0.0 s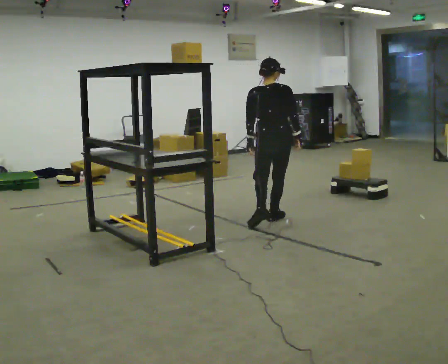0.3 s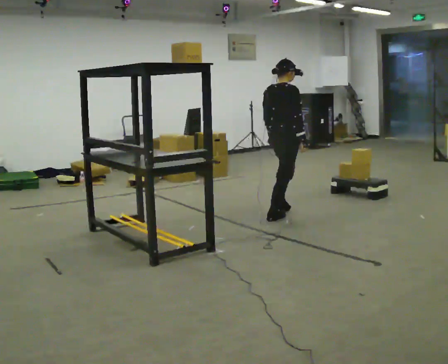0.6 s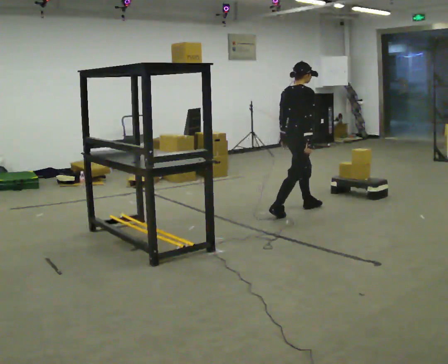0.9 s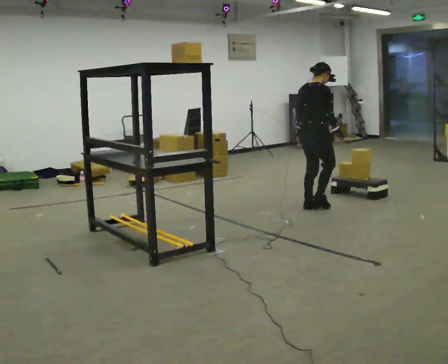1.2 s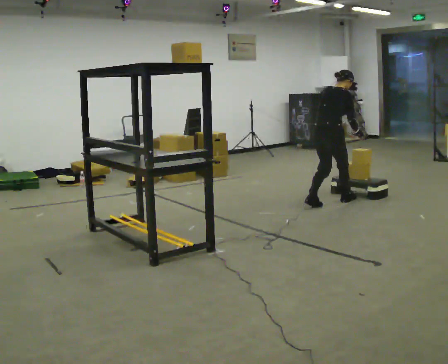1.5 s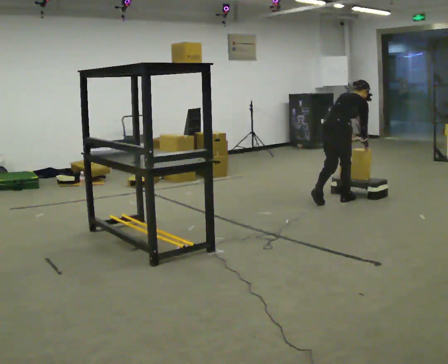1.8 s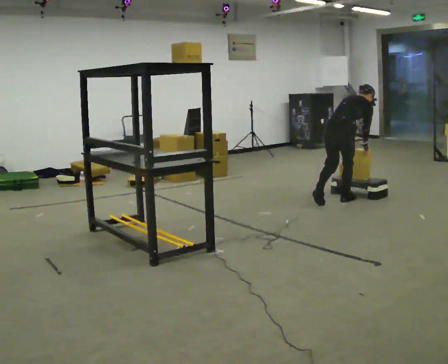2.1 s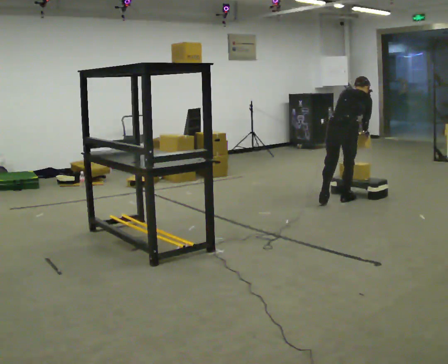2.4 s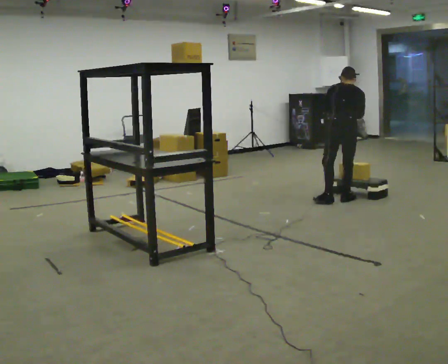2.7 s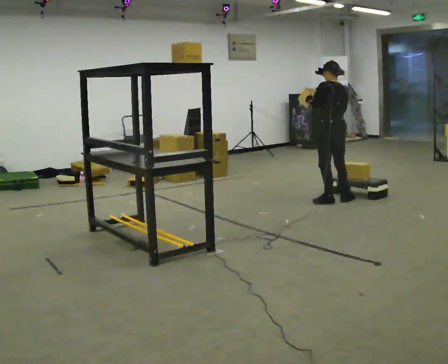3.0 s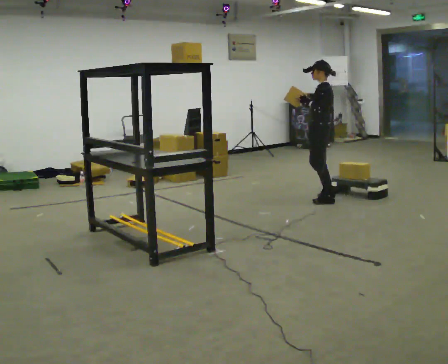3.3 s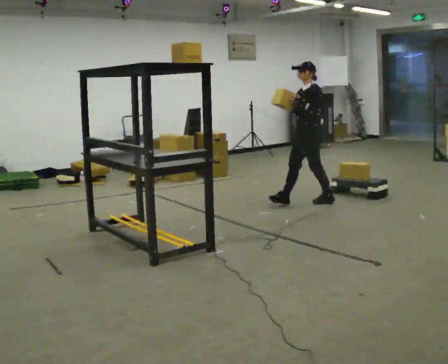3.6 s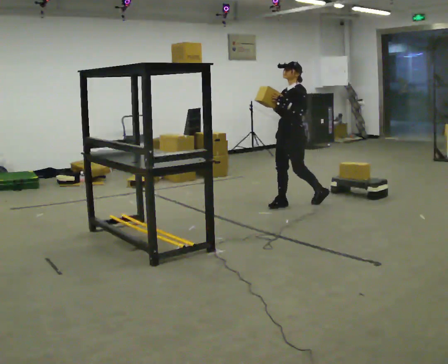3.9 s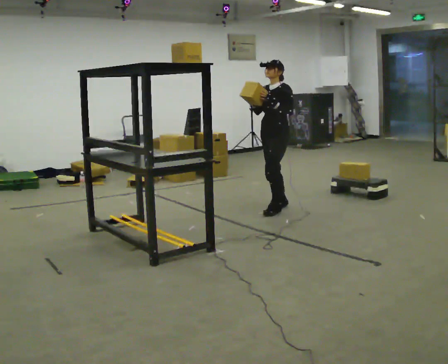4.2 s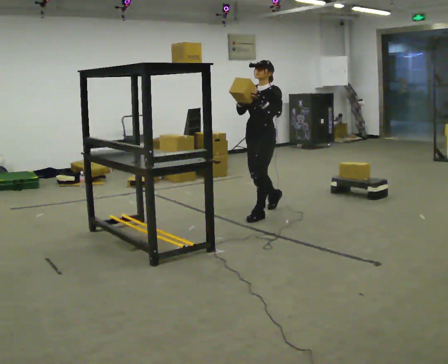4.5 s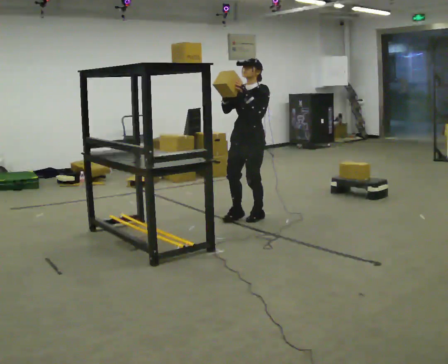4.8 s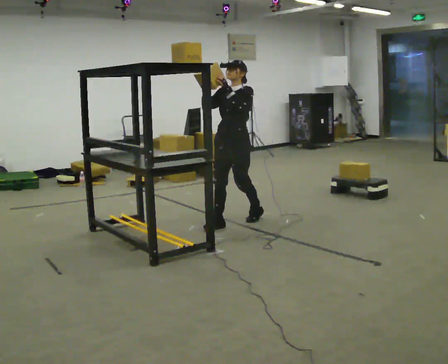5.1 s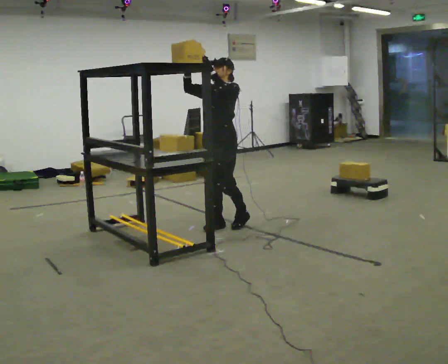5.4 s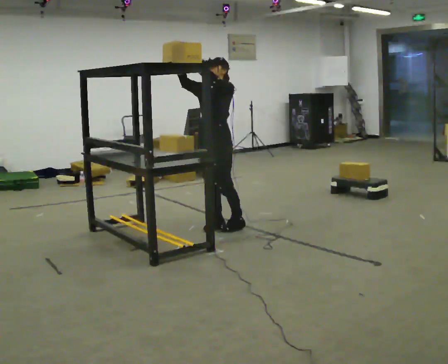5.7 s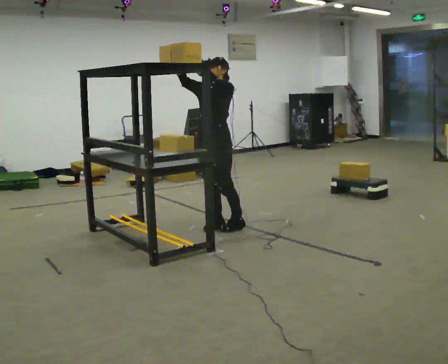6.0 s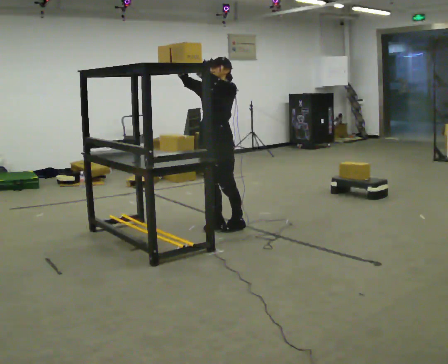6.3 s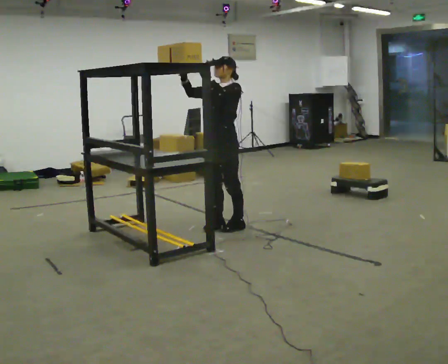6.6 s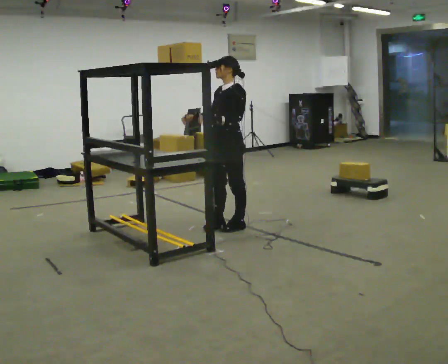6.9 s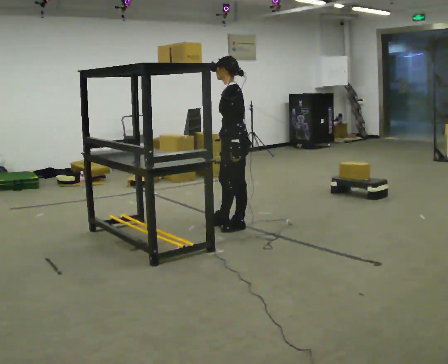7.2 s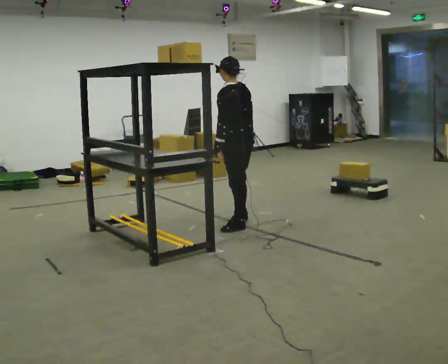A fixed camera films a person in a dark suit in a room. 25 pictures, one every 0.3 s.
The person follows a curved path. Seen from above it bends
counterclockwise.
0.0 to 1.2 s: Seen from above the body turns clockwise, about 45 degrees: to their right, with its near side sliding to the left. In the picture they go away from the camera and to the right, about 1 m in 2 steps, which for them is forward. In the picture the upper body tilts clockwise, shoulders to the right, as they bend forward.
1.2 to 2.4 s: The person turns about 45 degrees to their left, counterclockwise seen from above, so the part of the body nearest the lens slides to the right. In the picture they go to the right, about 0.25 m in 1 step, which for them is forward.
2.4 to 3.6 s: The part of the body nearest the lens slides to the right as the person turns to their left by about 120 degrees. In the picture they go to the left, about 0.5 m in 1 step. The upper body tips toward the camera, its near side rolling downward, as they lean back or straighten.
3.6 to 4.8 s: In the picture they go toward the camera and to the left, about 1 m in 2 steps, which for them is forward.
4.8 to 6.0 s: In the picture they go toward the camera, about 0.25 m in 1 step, which for them is forward.
6.0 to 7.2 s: The part of the body nearest the lens slides to the left as the person turns to their right by about 75 degrees. In the picture they go to the right, about 0.25 m in 1 step. In the picture their right hand goes downward and to the right, the arm swinging counterclockwise.
The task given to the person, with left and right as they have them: Carry the object across the room and place it on the shelf just at the top of your comfortable reach. Keep going until the operator says stop; one object at a time, and do not rush between trips.
The film runs forward here.
